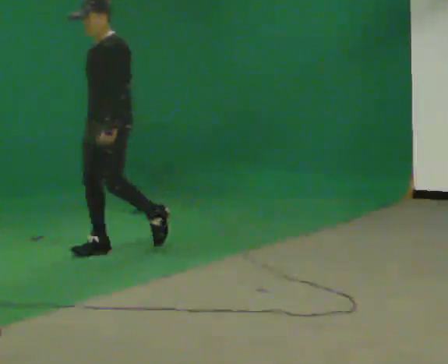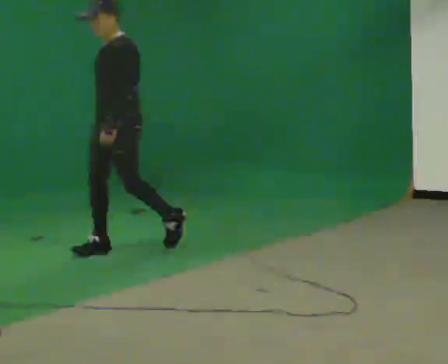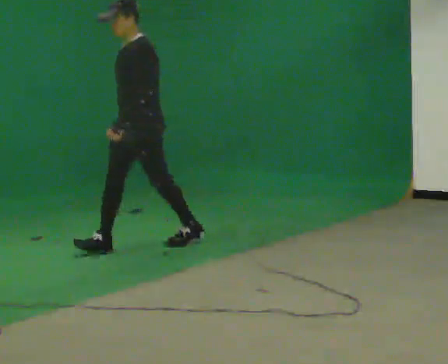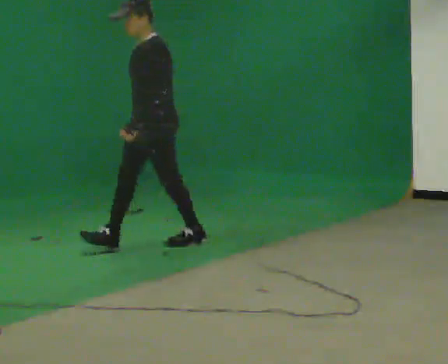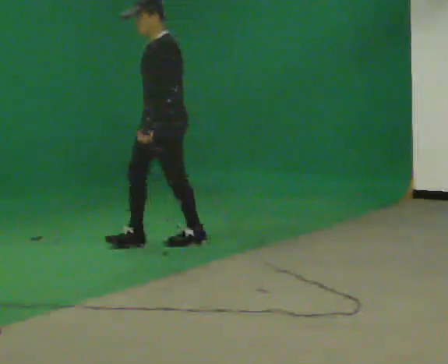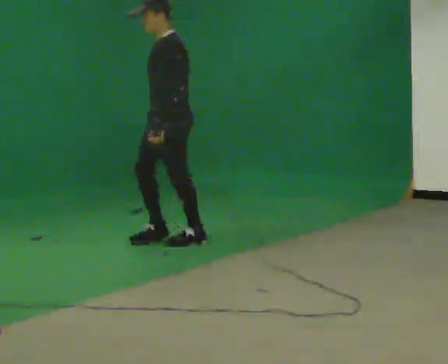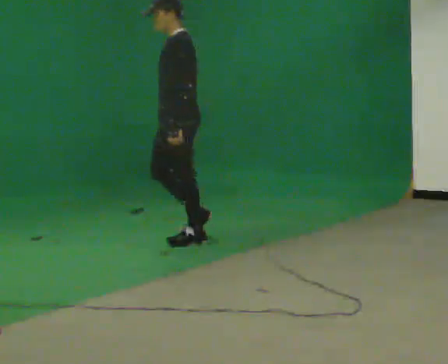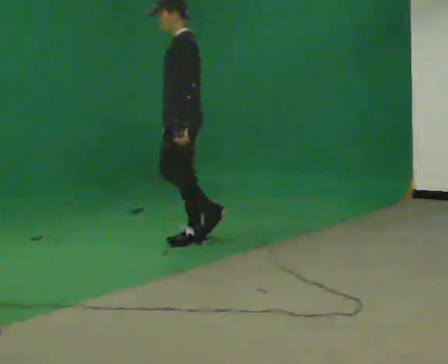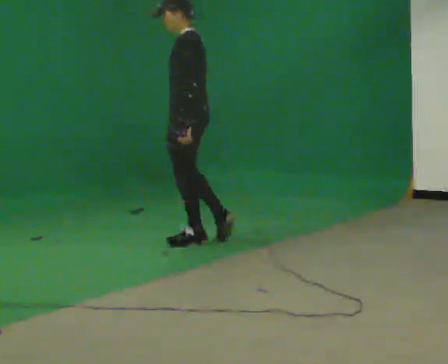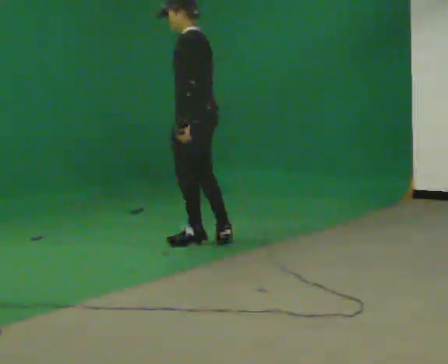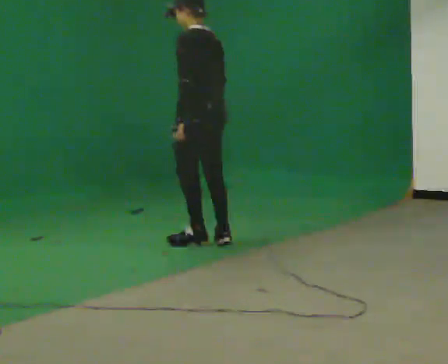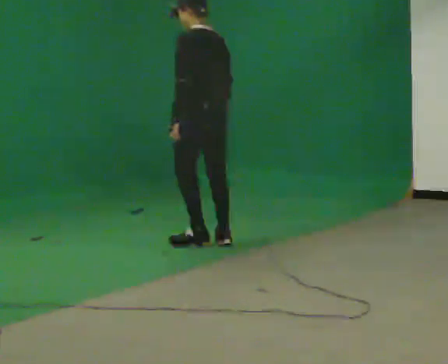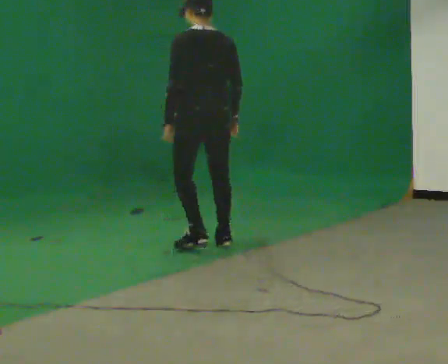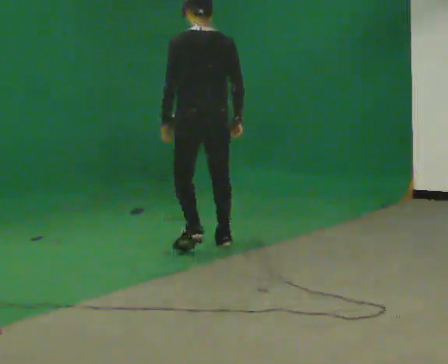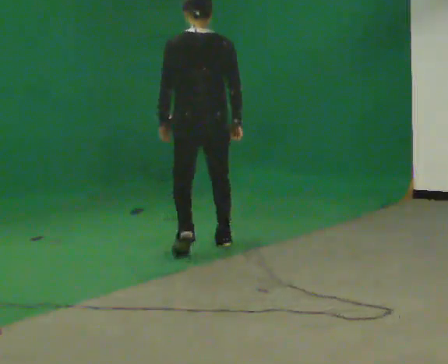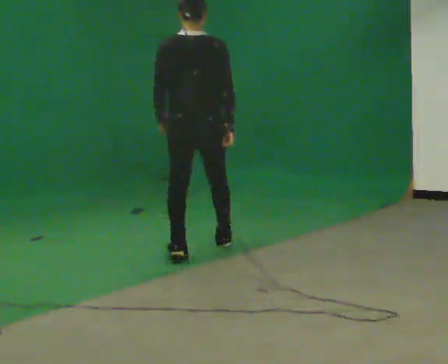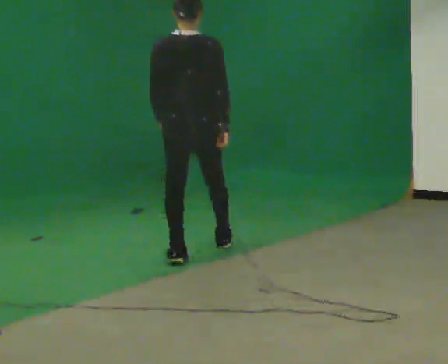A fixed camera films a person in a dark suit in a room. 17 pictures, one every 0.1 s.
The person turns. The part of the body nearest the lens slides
to the left.
The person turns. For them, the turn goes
to their right.
0.0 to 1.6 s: The part of the body nearest the lens slides to the left as the person turns to their right by about 135 degrees. In the picture they go to the right, about 0.5 m in 2 steps.
The film runs backward here.
